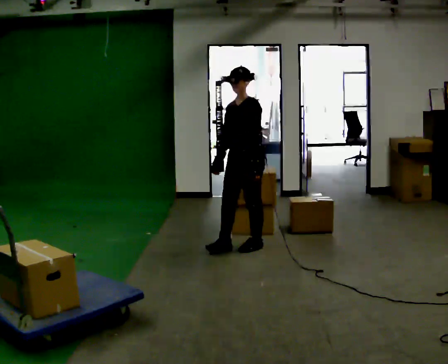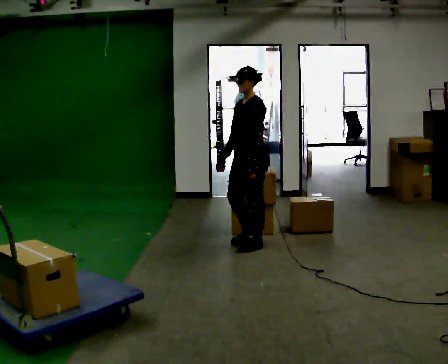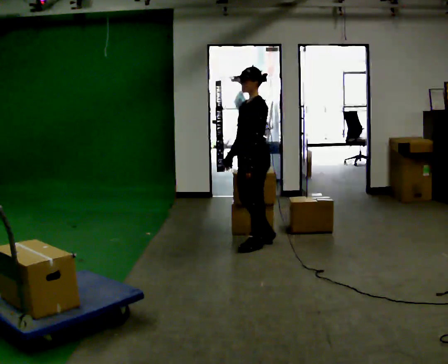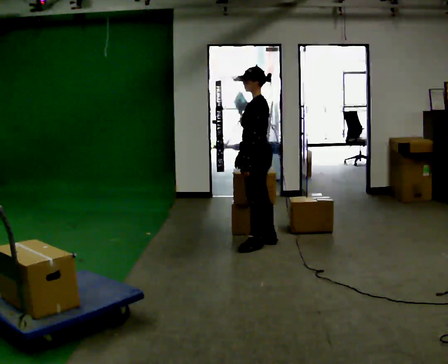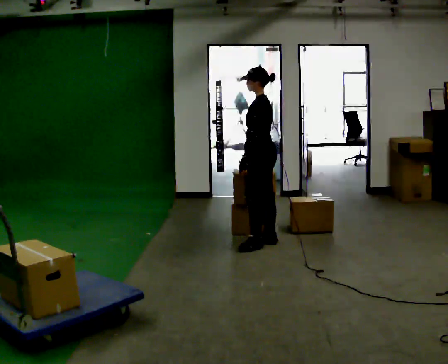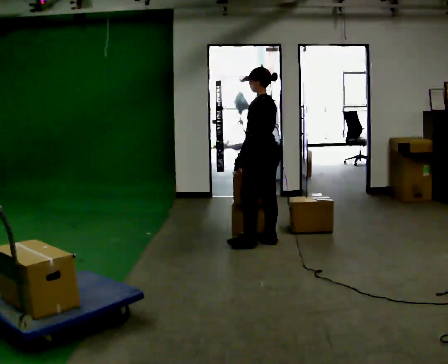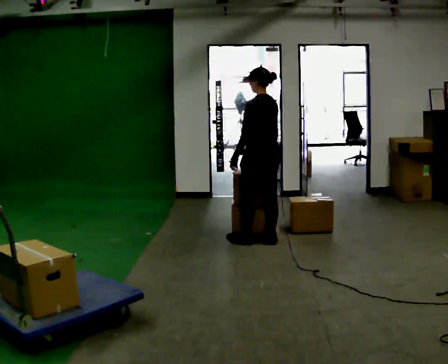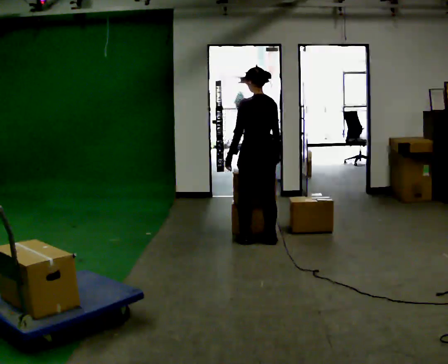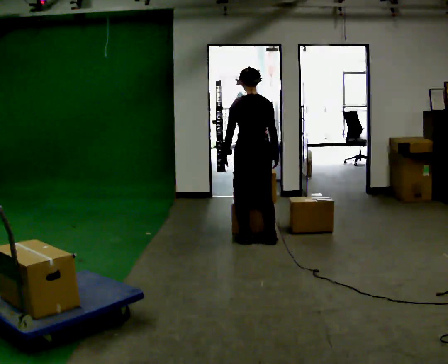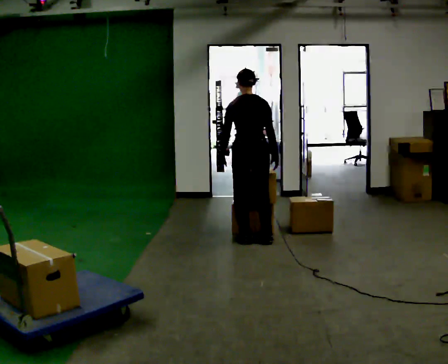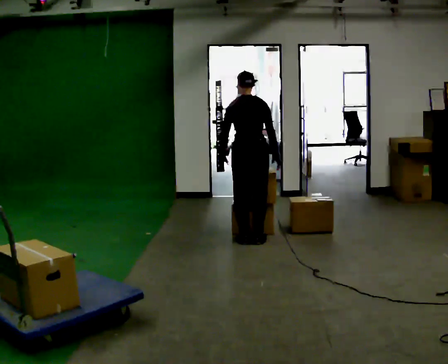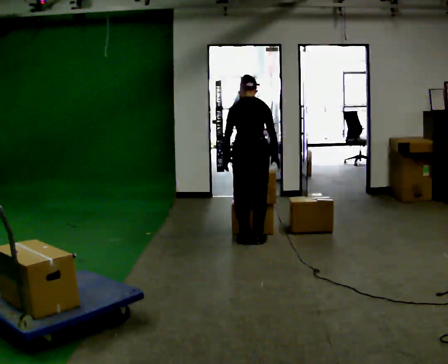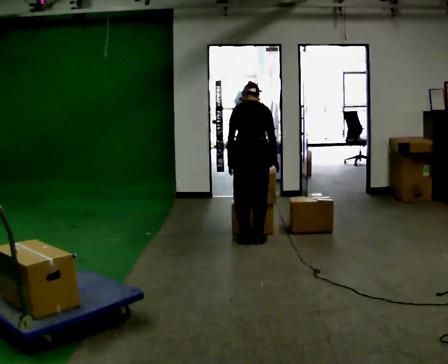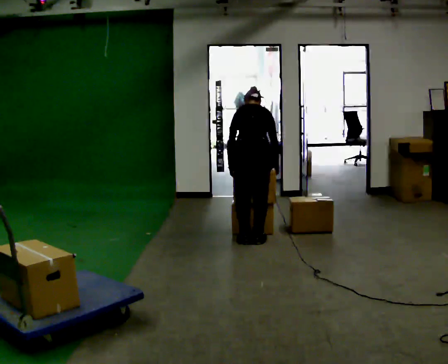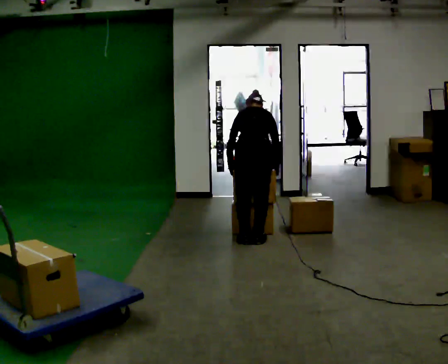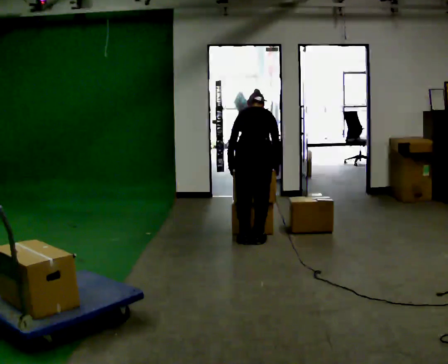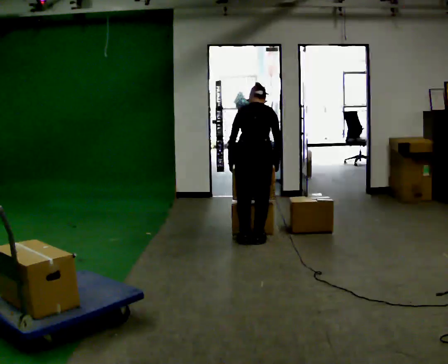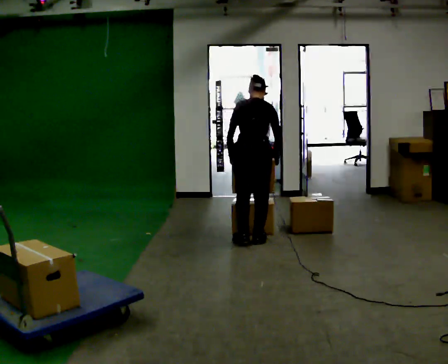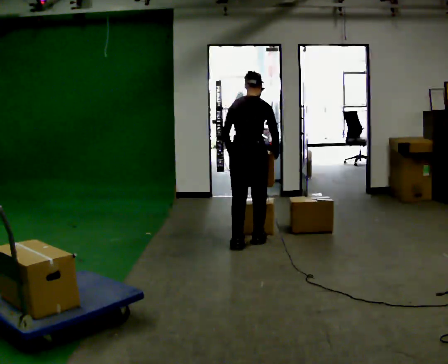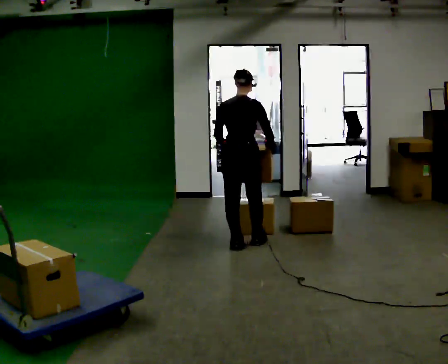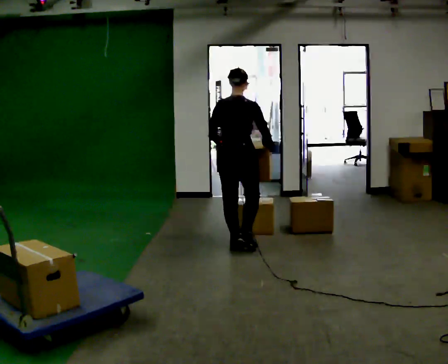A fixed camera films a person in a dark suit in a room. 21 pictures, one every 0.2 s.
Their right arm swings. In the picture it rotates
counterclockwise.
The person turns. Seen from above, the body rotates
clockwise.
0.0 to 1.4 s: The person turns about 90 degrees to their right, clockwise seen from above, so the part of the body nearest the lens slides to the left. In the picture they go away from the camera, about 0.25 m. In the picture their right hand goes to the right, the arm swinging counterclockwise.
1.4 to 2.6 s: The part of the body nearest the lens slides to the left as the person turns to their right by about 45 degrees. The upper body tips away from the camera, its near side rolling upward, as they bend forward.
2.6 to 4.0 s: In the picture they go toward the camera, about 0.25 m in 2 steps, which for them is backward and to their left. The upper body tips toward the camera, its near side rolling downward, as they lean back or straighten.
The film runs backward here.
